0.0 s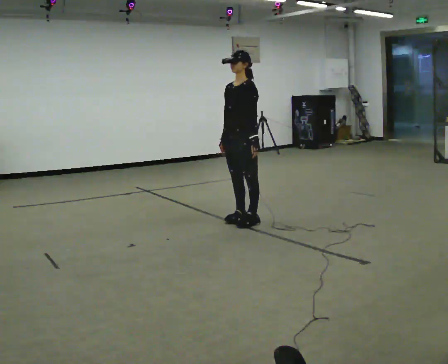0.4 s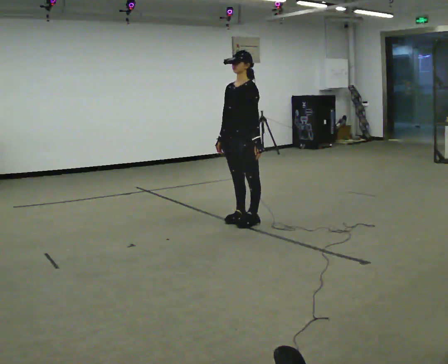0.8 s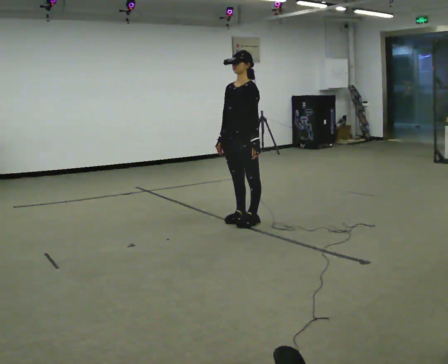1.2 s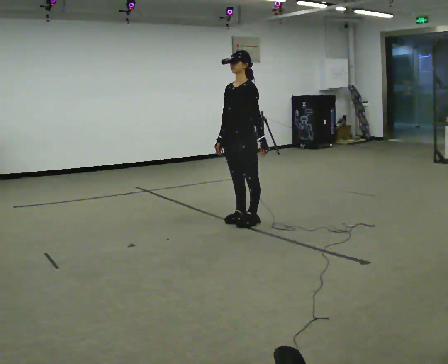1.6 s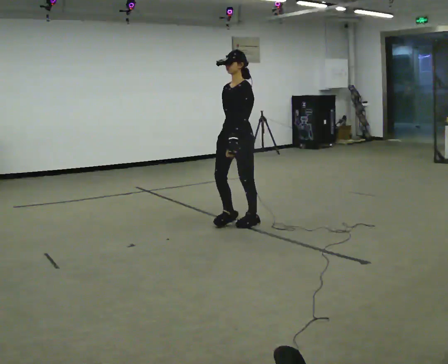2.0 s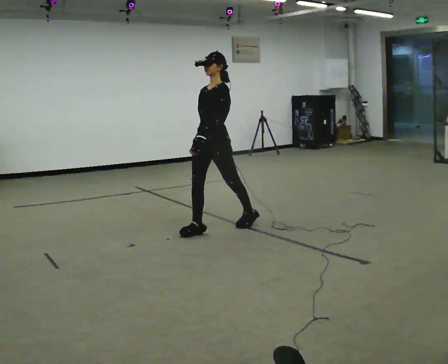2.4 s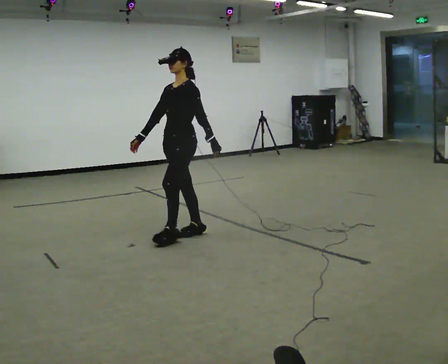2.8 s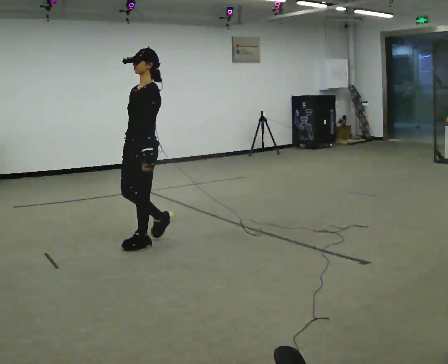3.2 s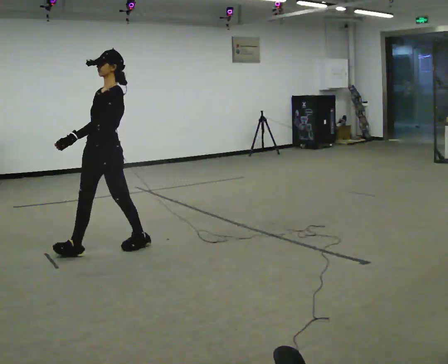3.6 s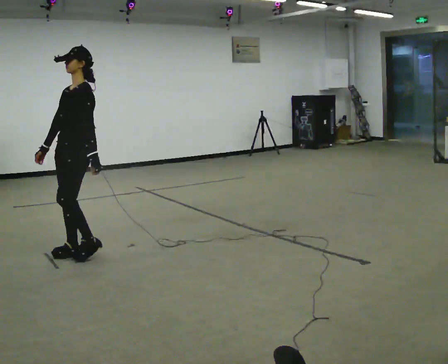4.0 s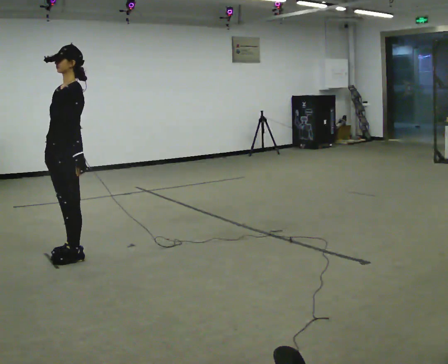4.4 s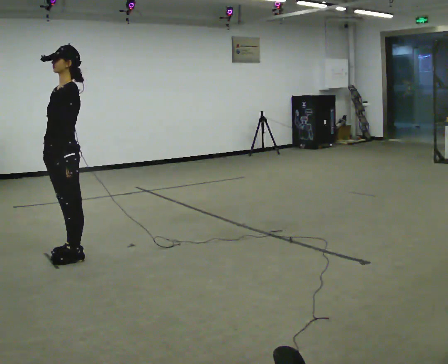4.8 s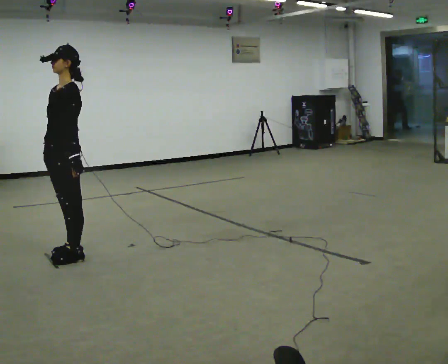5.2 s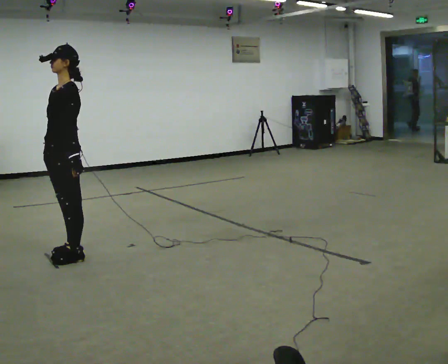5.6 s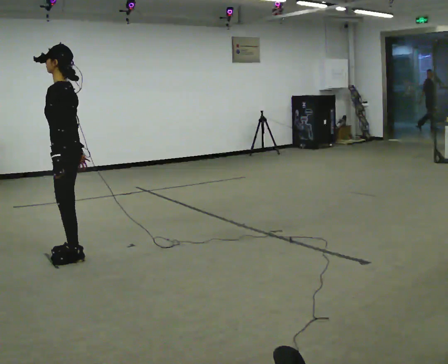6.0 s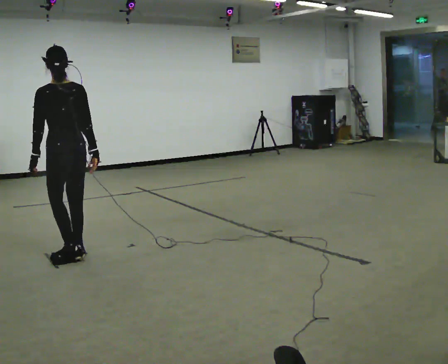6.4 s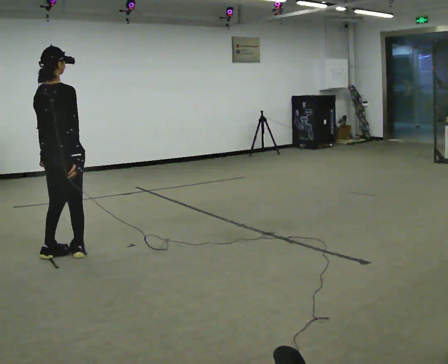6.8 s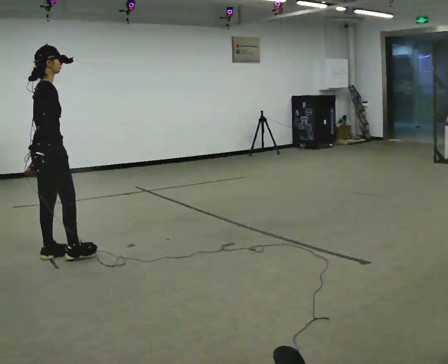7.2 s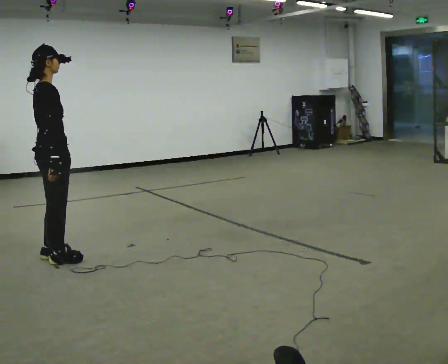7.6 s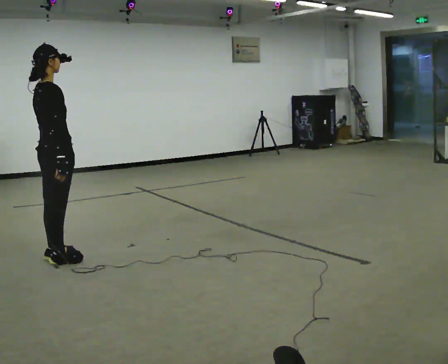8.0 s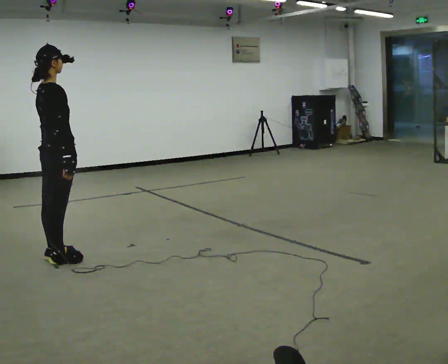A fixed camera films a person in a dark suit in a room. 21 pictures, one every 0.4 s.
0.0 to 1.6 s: The person moves a little, or ends about where they began.
1.6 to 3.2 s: In the picture they go to the left, about 1.5 m in 3 steps, which for them is forward.
3.2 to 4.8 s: In the picture they go to the left, about 0.25 m in 1 step, which for them is forward.
4.8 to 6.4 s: Seen from above the body turns clockwise, about 150 degrees: to their right, with its near side sliding to the left.
6.4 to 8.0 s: The person turns about 30 degrees to their right, clockwise seen from above, so the part of the body nearest the lens slides to the left.
The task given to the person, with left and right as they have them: Walk; stop fully; turn 90° left/right while standing; walk new direction.
The film runs forward here.
